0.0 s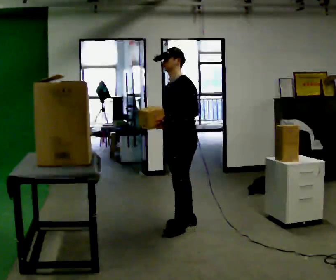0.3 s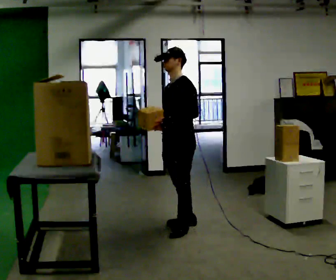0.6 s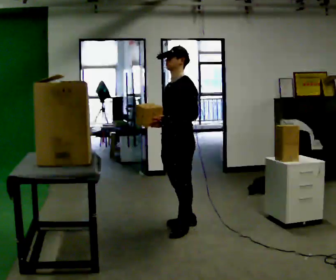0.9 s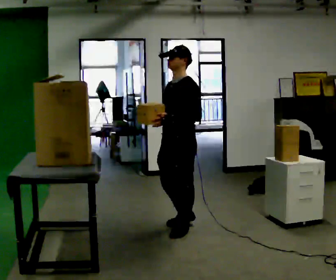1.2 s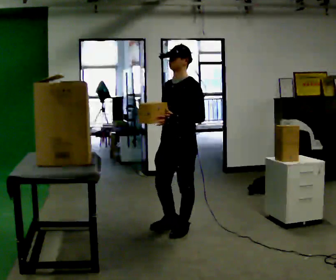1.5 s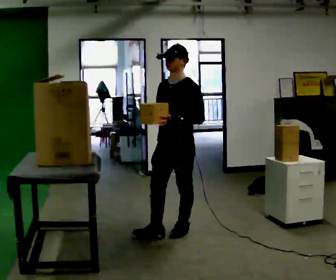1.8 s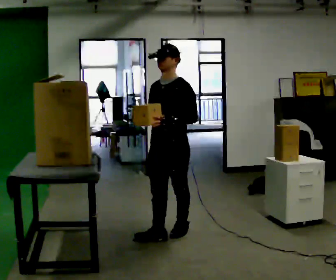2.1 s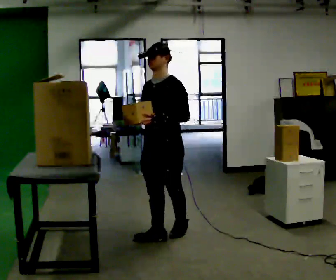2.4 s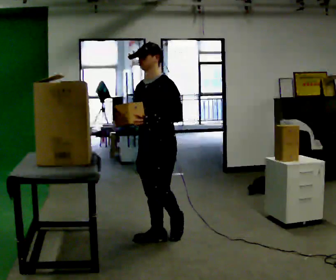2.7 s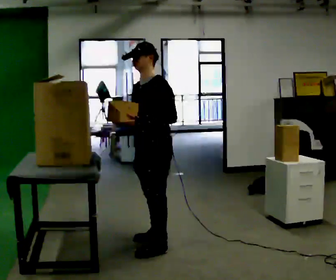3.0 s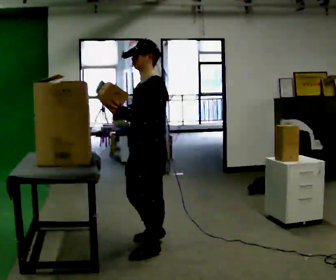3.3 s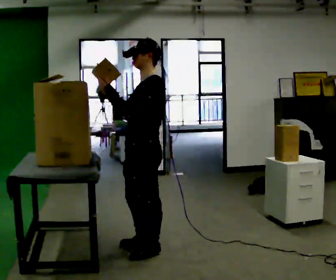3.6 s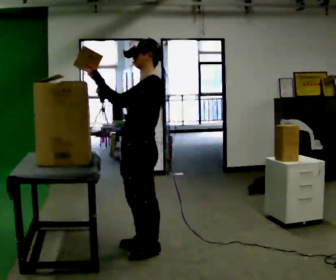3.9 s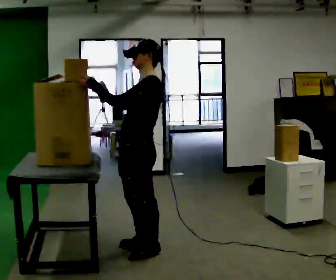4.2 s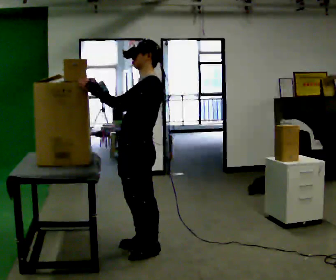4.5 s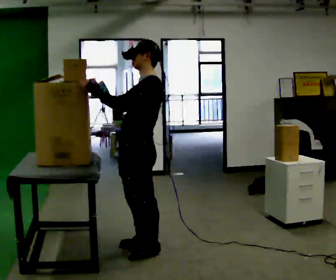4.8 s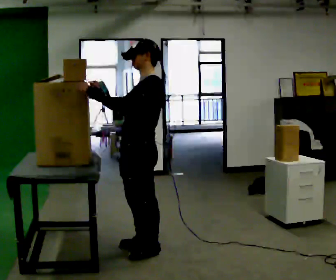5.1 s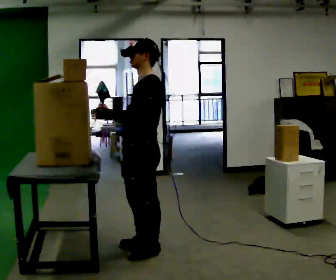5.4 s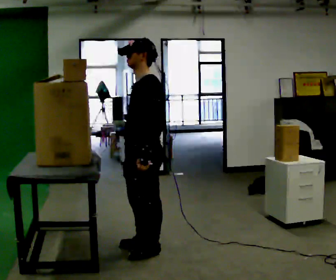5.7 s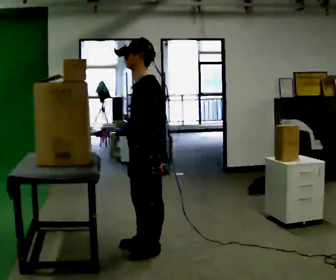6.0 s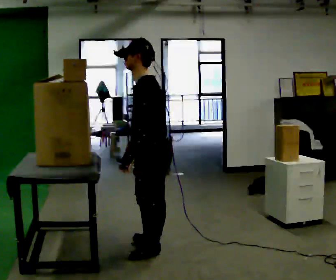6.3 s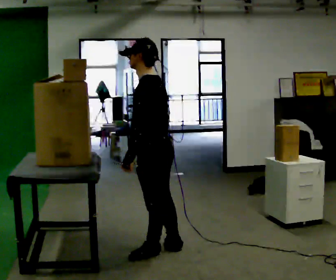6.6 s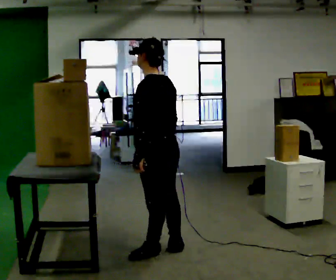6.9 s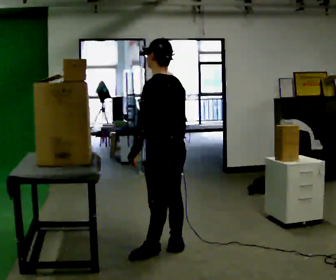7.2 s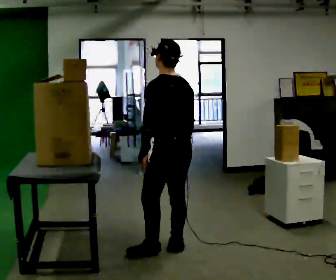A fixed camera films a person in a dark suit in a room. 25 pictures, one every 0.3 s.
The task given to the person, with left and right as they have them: Take an object down from the highest shelf you can comfortably reach, carry it across, and place it on the waist-height shelf. Keep going until the operator says stop; one object at a time, and do not rush between trips.
0.0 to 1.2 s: In the picture they go toward the camera, about 0.25 m, which for them is to their left and forward.
1.2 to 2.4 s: In the picture they go to the left and toward the camera, about 0.25 m in 1 step, which for them is forward.
2.4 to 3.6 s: The part of the body nearest the lens slides to the left as the person turns to their right by about 30 degrees. In the picture they go toward the camera, about 0.25 m in 2 steps, which for them is forward and to their left. In the picture the upper body tilts clockwise, shoulders to the right.
3.6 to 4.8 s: The person moves a little, or ends about where they began.
4.8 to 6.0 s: In the picture the upper body tilts counterclockwise, shoulders to the left, as they bend forward. In the picture their right hand goes downward, the arm swinging counterclockwise.
6.0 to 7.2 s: Seen from above the body turns clockwise, about 45 degrees: to their right, with its near side sliding to the left. In the picture they go to the right, about 0.25 m in 1 step, which for them is to their right. In the picture their right hand goes to the right.
The film runs forward here.
